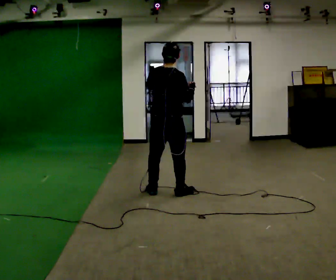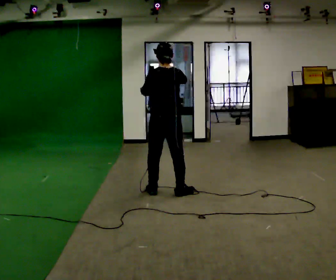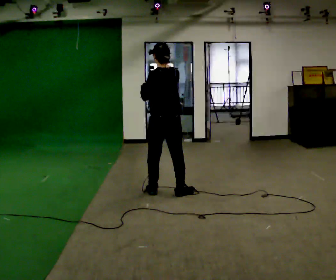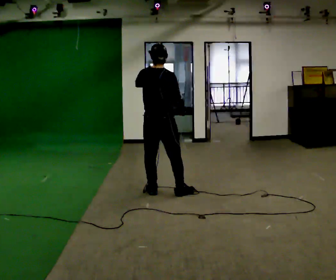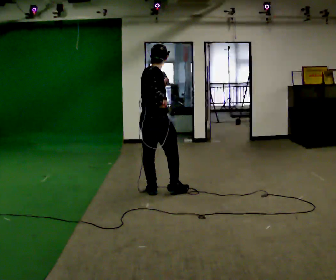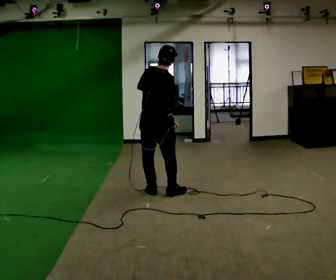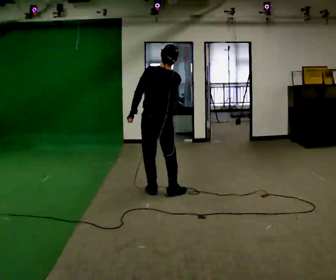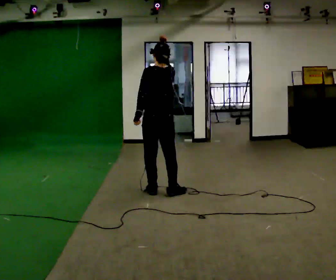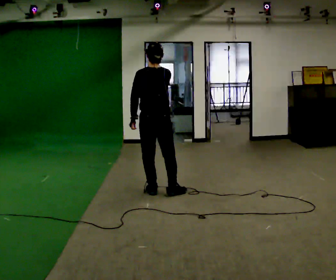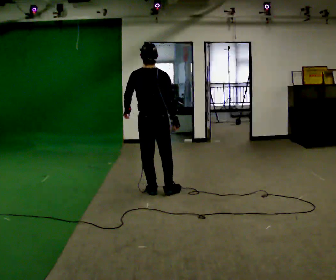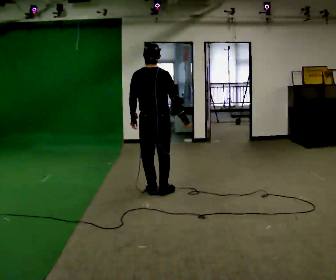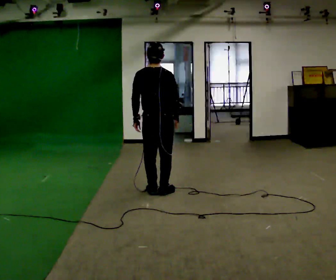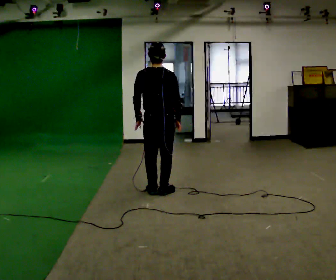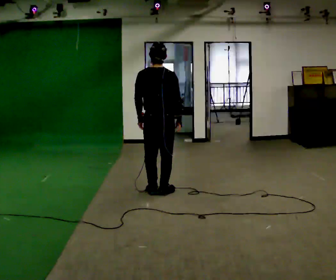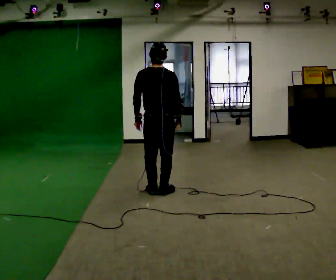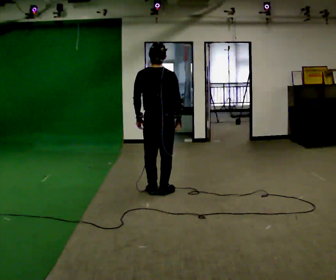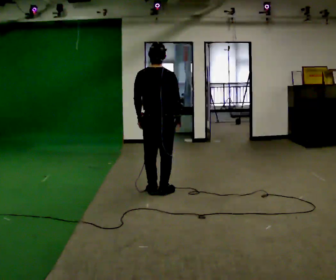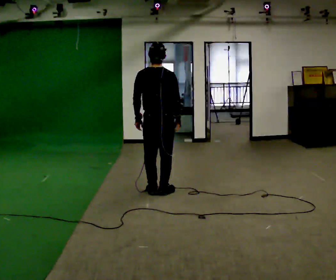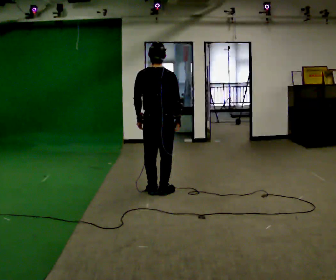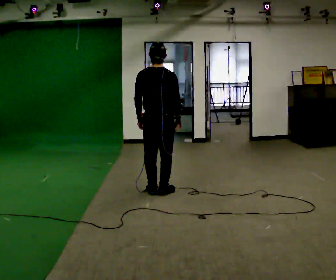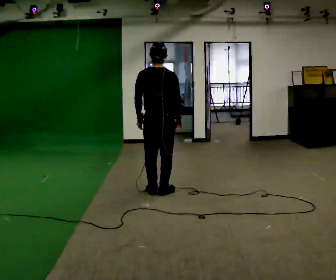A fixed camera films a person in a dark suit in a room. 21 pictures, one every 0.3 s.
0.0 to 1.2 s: The part of the body nearest the lens slides to the left as the person turns to their right by about 30 degrees. In the picture they go to the left, about 0.25 m. In the picture their right hand goes to the left.
1.2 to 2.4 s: The person turns about 60 degrees to their left, counterclockwise seen from above, so the part of the body nearest the lens slides to the right.
2.4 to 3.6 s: In the picture their right hand goes downward.
3.6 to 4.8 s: The person moves a little, or ends about where they began.
4.8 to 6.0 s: The person keeps their place and pose.
The film runs forward here.
